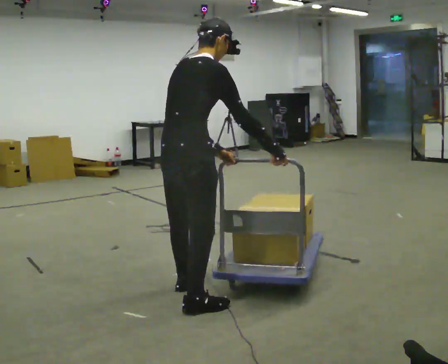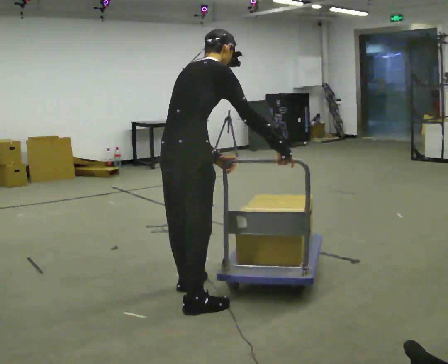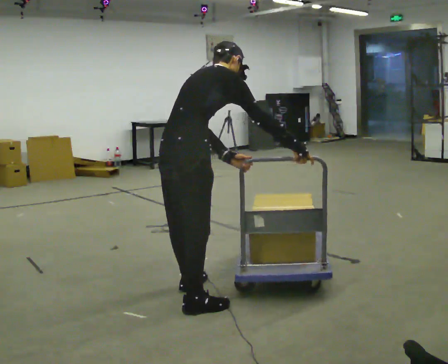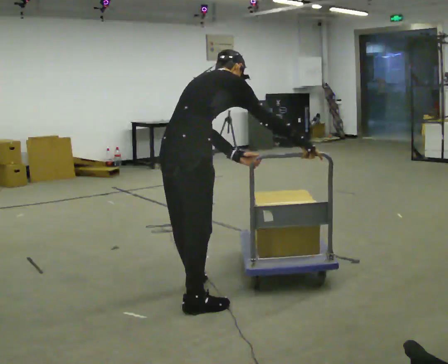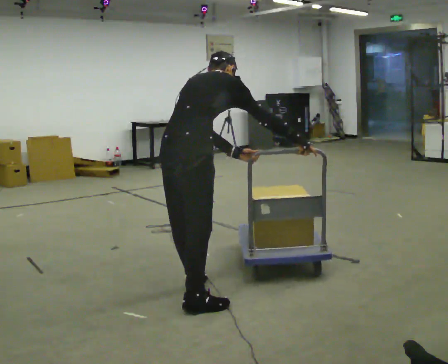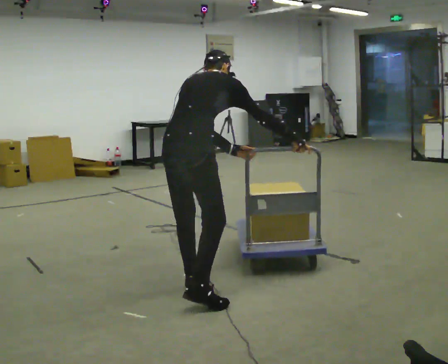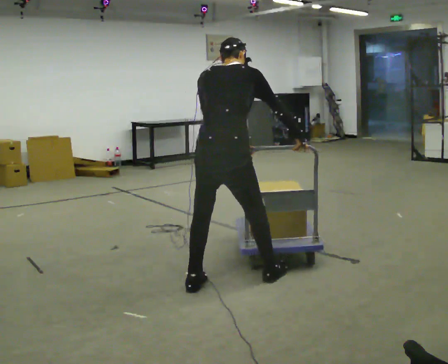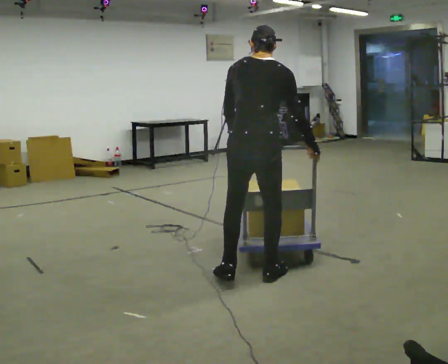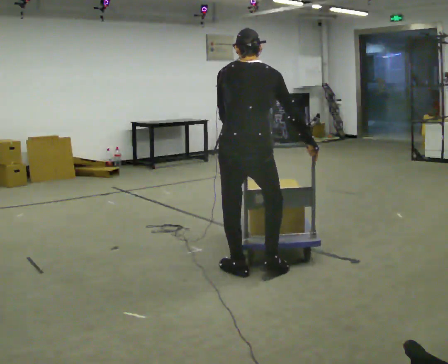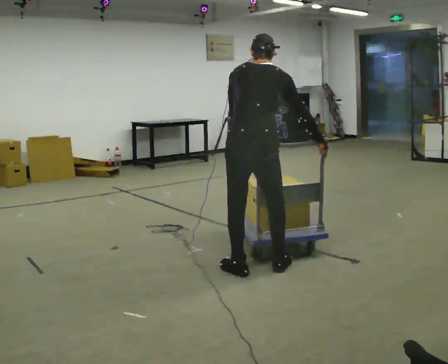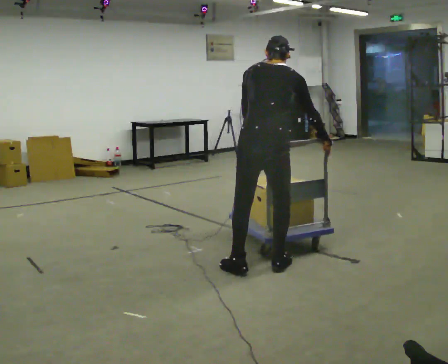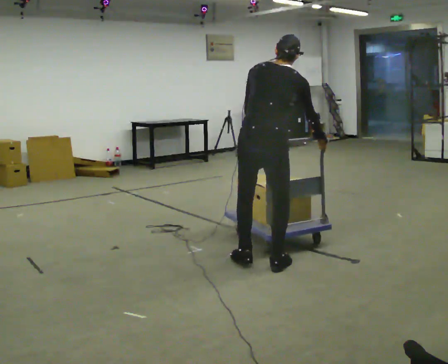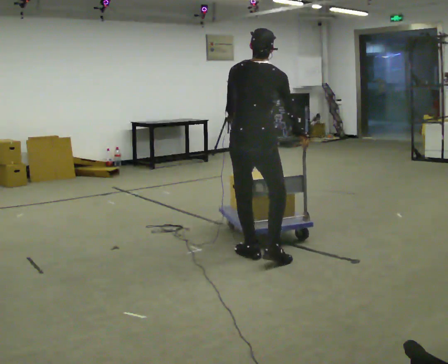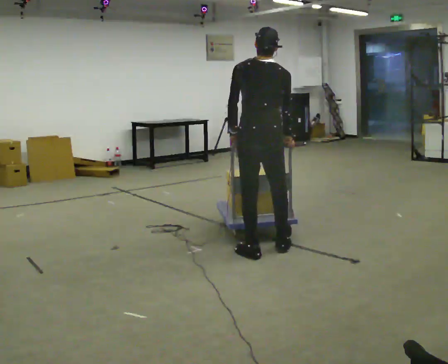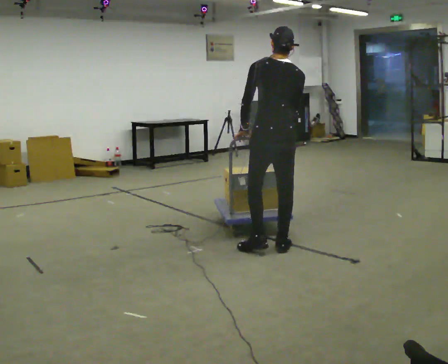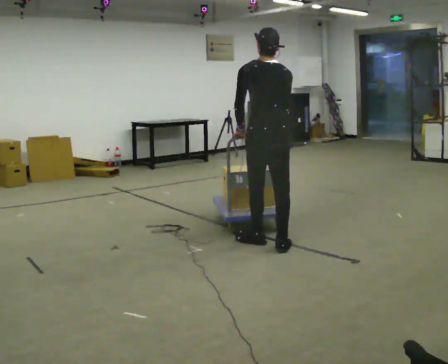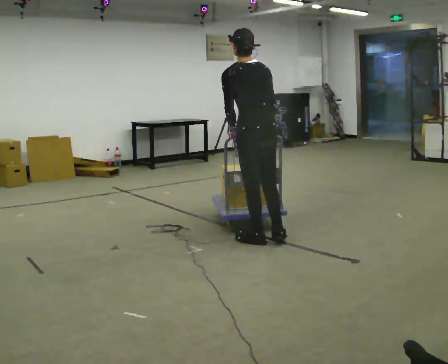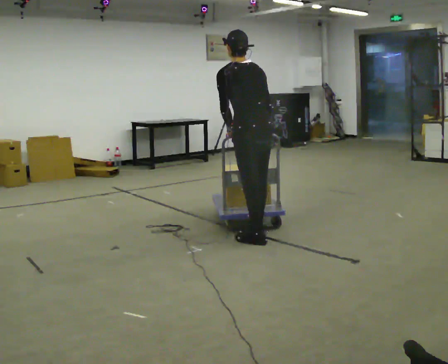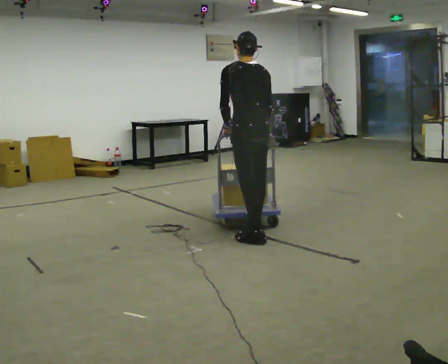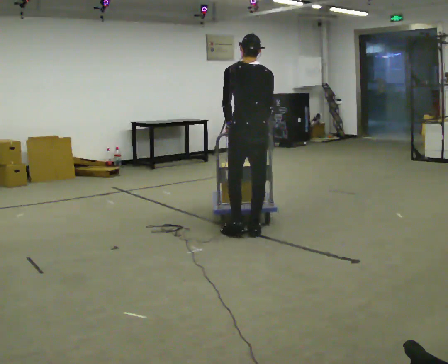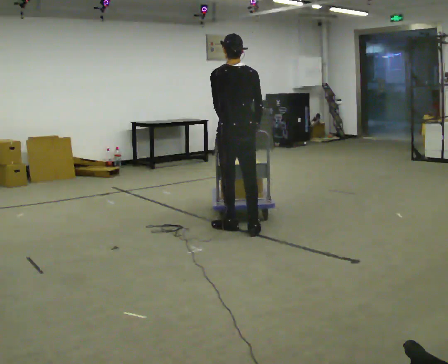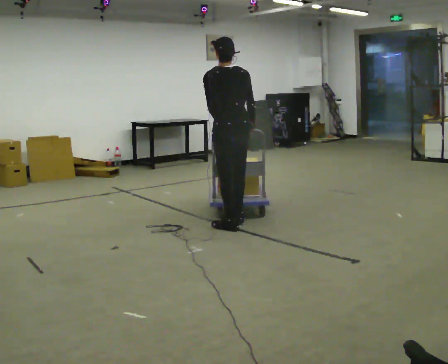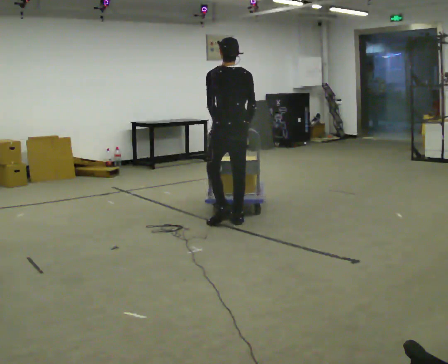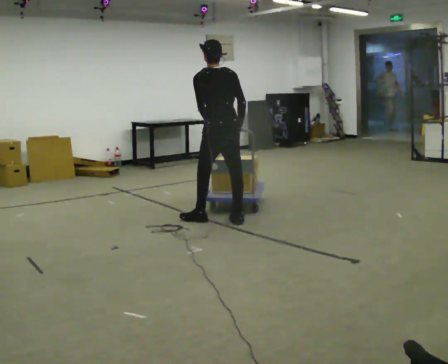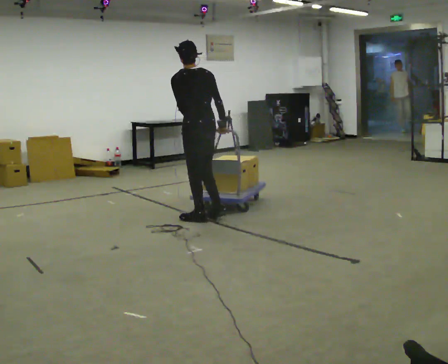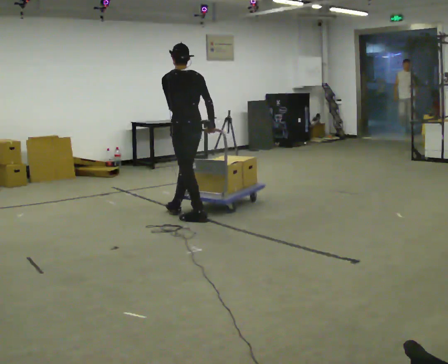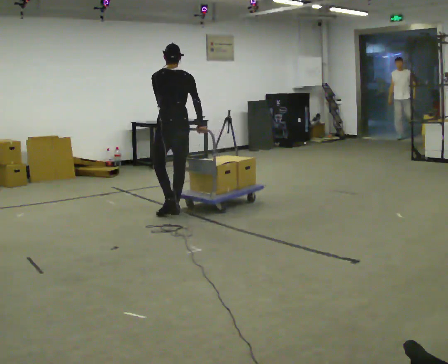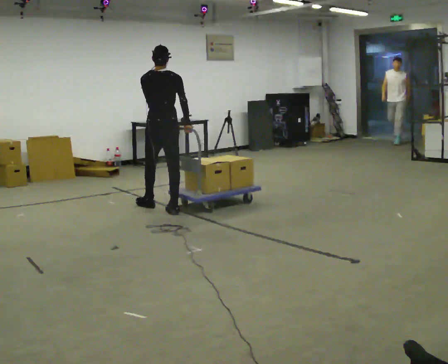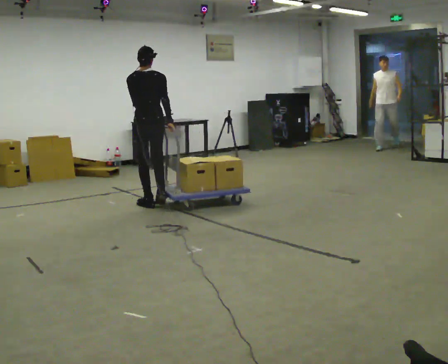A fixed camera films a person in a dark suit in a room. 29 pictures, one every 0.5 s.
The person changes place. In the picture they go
away from the camera.
0.0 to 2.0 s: The upper body tips away from the camera, its near side rolling upward, as they bend forward.
2.0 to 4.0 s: Seen from above the body turns counterclockwise, about 30 degrees: to their left, with its near side sliding to the right. In the picture they go away from the camera and to the right, about 0.5 m in 2 steps, which for them is forward and to their right. In the picture the upper body tilts counterclockwise, shoulders to the left, as they lean back or straighten.
4.0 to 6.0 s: In the picture they go away from the camera, about 0.5 m in 2 steps, which for them is forward.
6.0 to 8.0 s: Seen from above the body turns counterclockwise, about 45 degrees: to their left, with its near side sliding to the right. In the picture they go away from the camera, about 0.25 m in 2 steps, which for them is forward and to their right. In the picture the upper body tilts counterclockwise, shoulders to the left.
8.0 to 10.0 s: In the picture they go away from the camera and to the left, about 0.5 m in 2 steps, which for them is forward.
10.0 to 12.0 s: In the picture they go to the left and away from the camera, about 0.5 m in 2 steps, which for them is forward and to their left.
12.0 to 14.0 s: The person turns about 30 degrees to their right, clockwise seen from above, so the part of the body nearest the lens slides to the left. In the picture they go to the left and away from the camera, about 1 m in 2 steps, which for them is forward and to their left.
The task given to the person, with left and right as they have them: Push the loaded cart from one corner of the room to the other, turn it round, and push it back. Keep going until the operator says stop.
The film runs forward here.
